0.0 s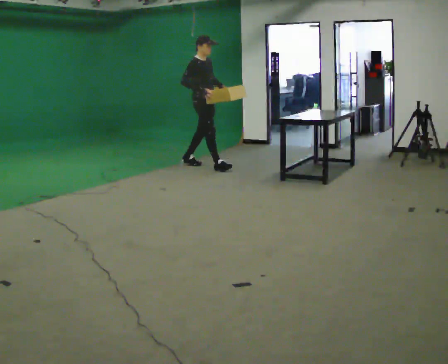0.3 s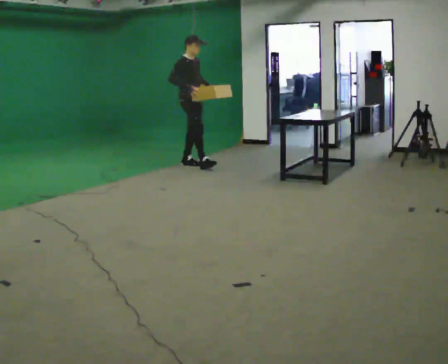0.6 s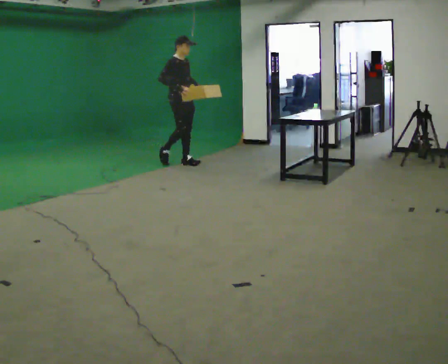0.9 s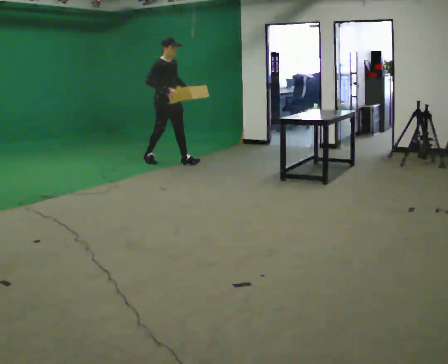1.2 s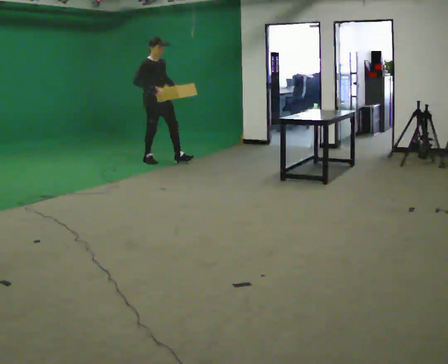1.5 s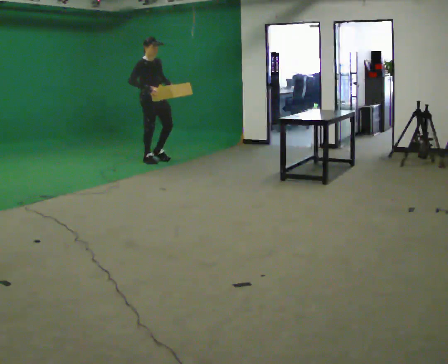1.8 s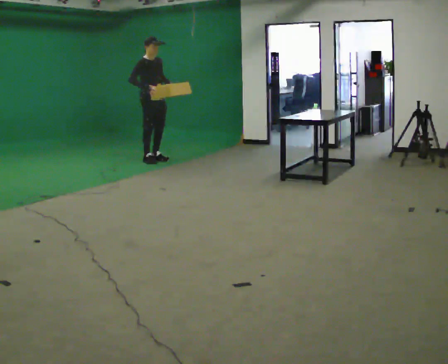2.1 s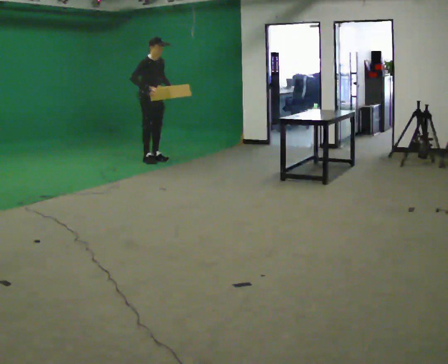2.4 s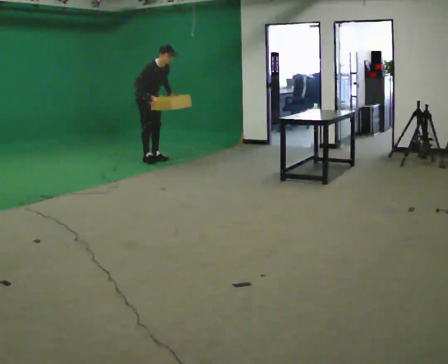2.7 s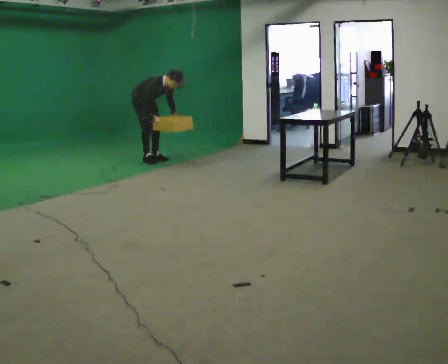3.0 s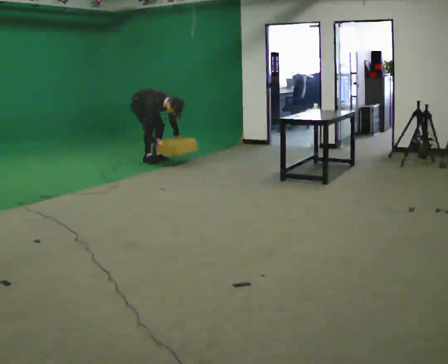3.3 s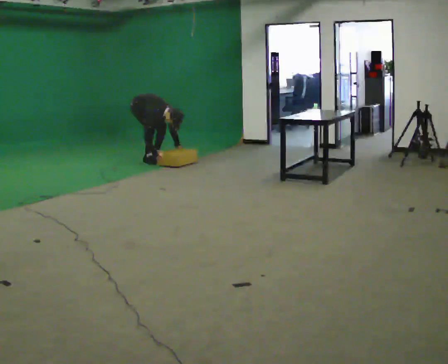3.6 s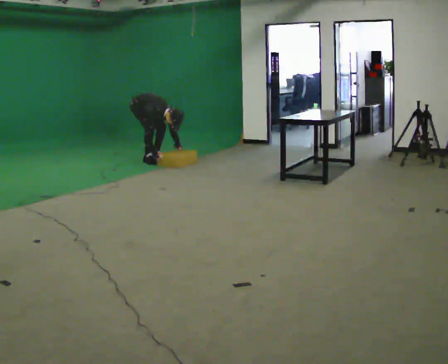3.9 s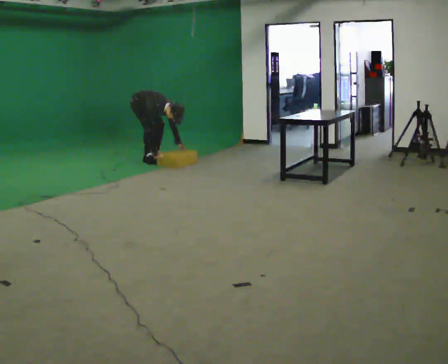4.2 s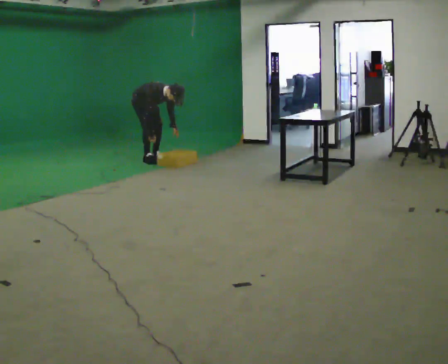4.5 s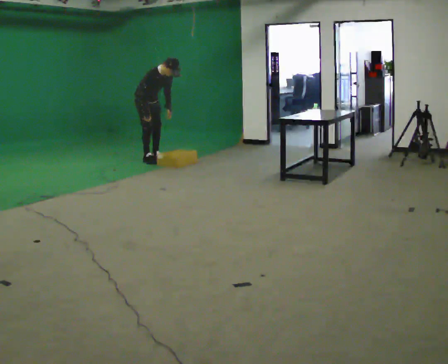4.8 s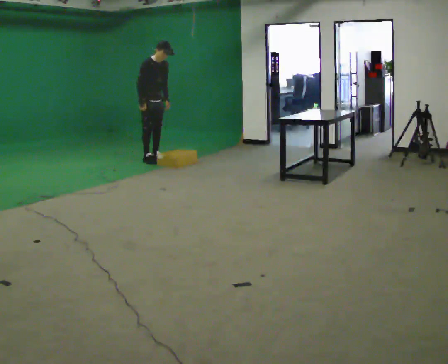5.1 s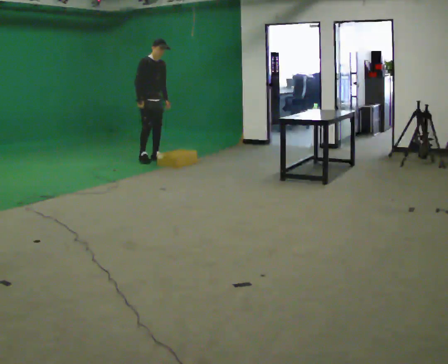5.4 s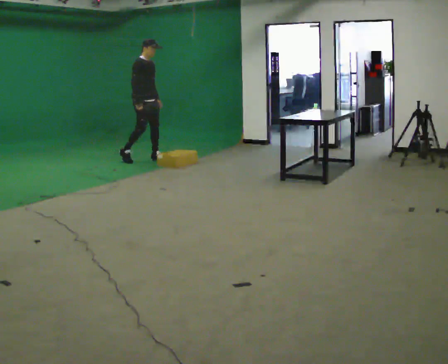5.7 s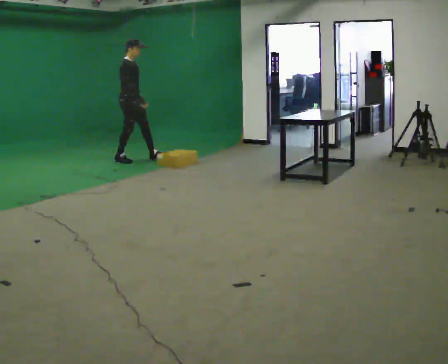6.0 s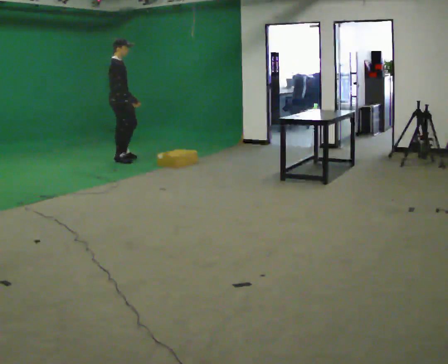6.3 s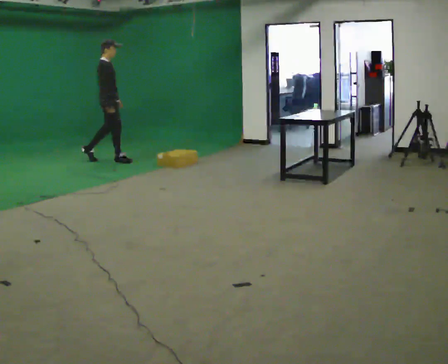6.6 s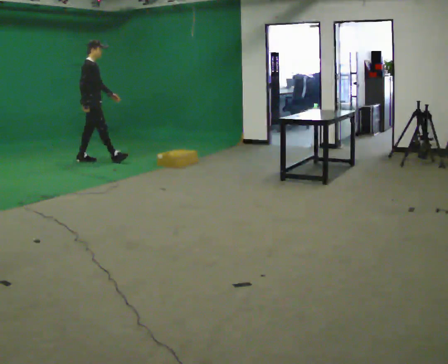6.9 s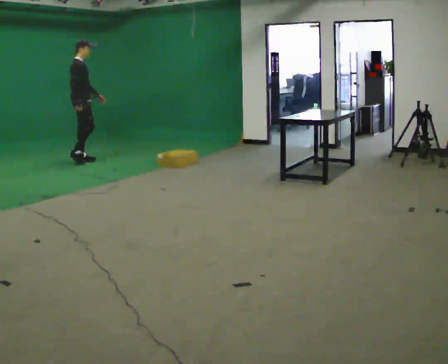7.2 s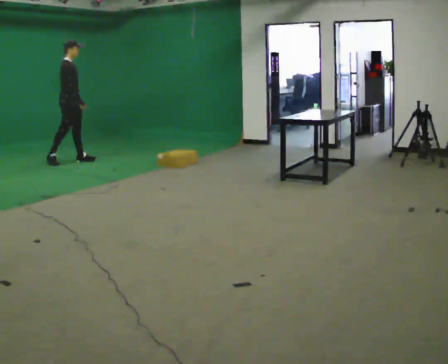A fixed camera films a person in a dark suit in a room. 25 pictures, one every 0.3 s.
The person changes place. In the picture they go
to the left.
0.0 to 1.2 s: In the picture they go to the left and away from the camera, about 1 m in 2 steps, which for them is backward.
1.2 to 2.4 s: In the picture they go away from the camera, about 0.25 m, which for them is backward. In the picture the upper body tilts clockwise, shoulders to the right, as they bend forward.
2.4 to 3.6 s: The upper body goes downward. In the picture the upper body tilts clockwise, shoulders to the right, as they bend forward. In the picture their right hand goes downward.
3.6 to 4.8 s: The upper body goes upward. In the picture the upper body tilts counterclockwise, shoulders to the left, as they lean back or straighten. In the picture their left hand goes upward.
4.8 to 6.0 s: The part of the body nearest the lens slides to the right as the person turns to their left by about 30 degrees. In the picture they go to the left, about 0.5 m in 2 steps, which for them is to their right and backward. In the picture the upper body tilts counterclockwise, shoulders to the left, as they lean back or straighten.
6.0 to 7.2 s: In the picture they go to the left, about 0.5 m in 1 step, which for them is backward.
The film runs backward here.
